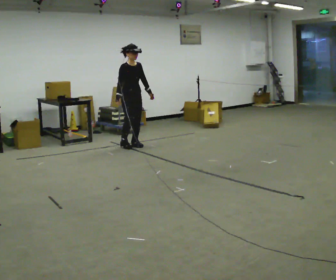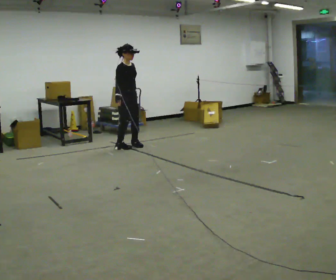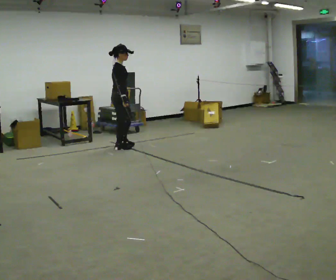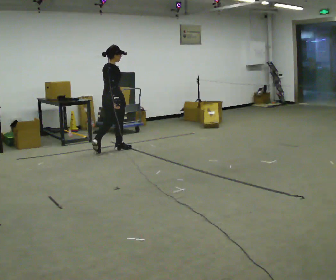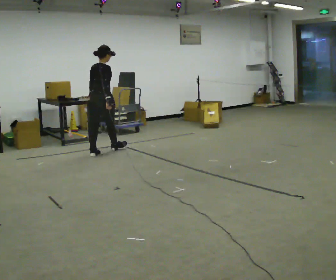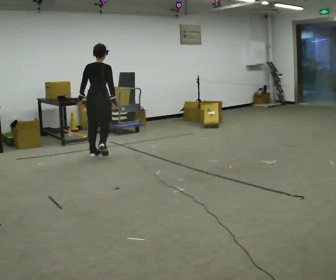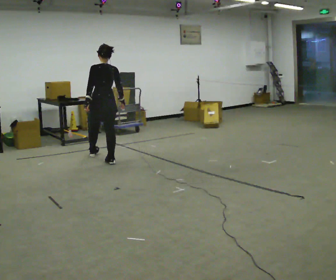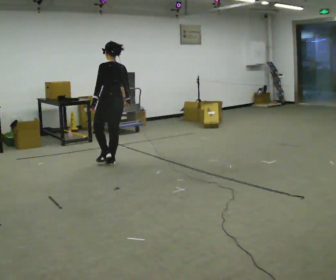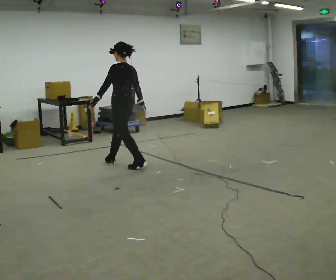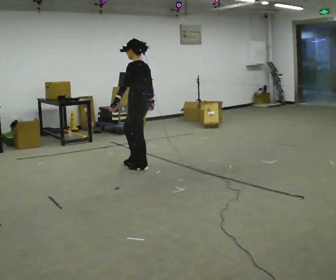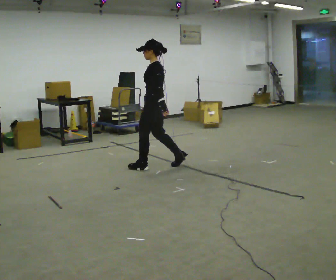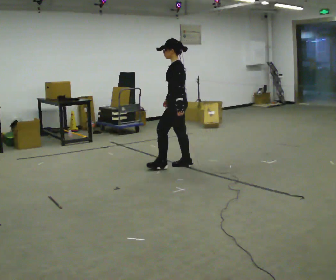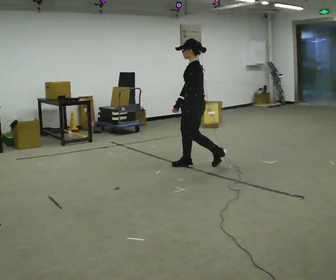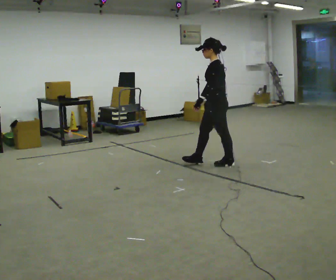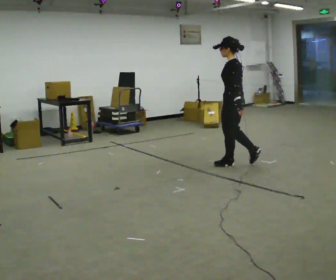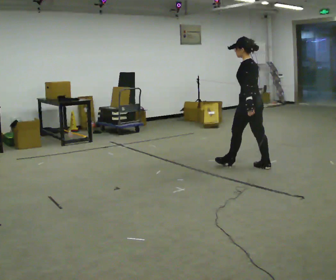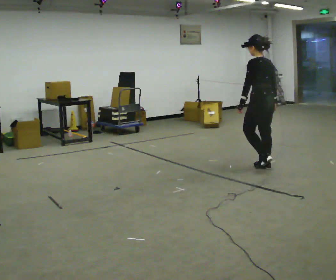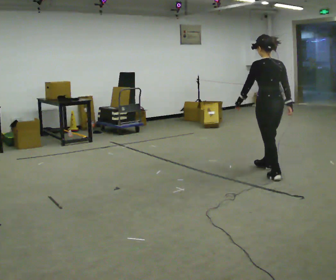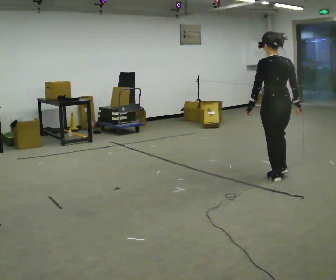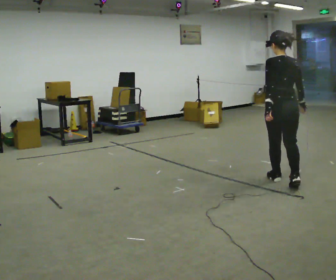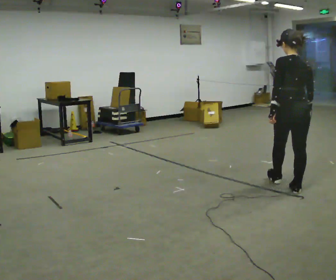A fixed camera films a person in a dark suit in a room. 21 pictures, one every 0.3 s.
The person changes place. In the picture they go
toward the camera.
0.0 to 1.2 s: The part of the body nearest the lens slides to the right as the person turns to their left by about 105 degrees. In the picture they go toward the camera and to the left, about 0.5 m in 2 steps.
1.2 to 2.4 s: The part of the body nearest the lens slides to the right as the person turns to their left by about 90 degrees. In the picture they go toward the camera and to the right, about 1 m in 1 step.
2.4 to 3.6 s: Seen from above the body turns counterclockwise, about 30 degrees: to their left, with its near side sliding to the right. In the picture they go to the right, about 1 m in 2 steps, which for them is backward.
3.6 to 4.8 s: Seen from above the body turns clockwise, about 45 degrees: to their right, with its near side sliding to the left. In the picture they go to the right and toward the camera, about 1 m in 2 steps, which for them is backward.
4.8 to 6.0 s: The part of the body nearest the lens slides to the left as the person turns to their right by about 30 degrees. In the picture they go toward the camera, about 1 m in 2 steps, which for them is backward.
The film runs backward here.
